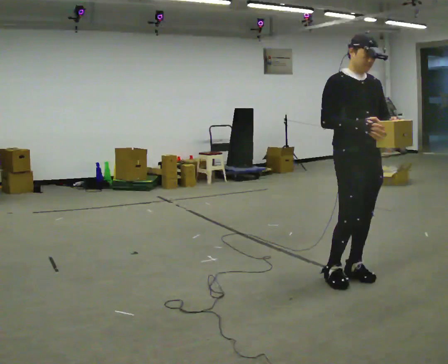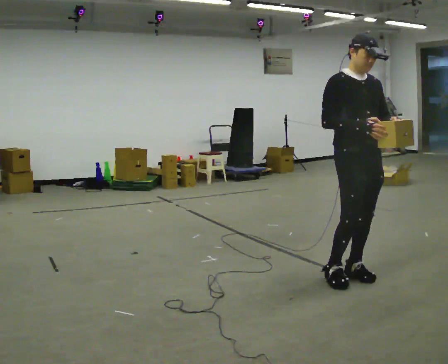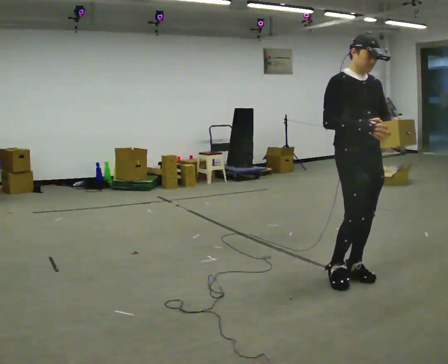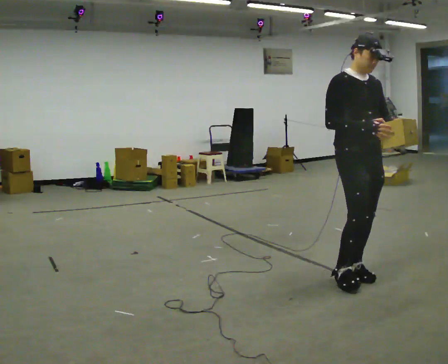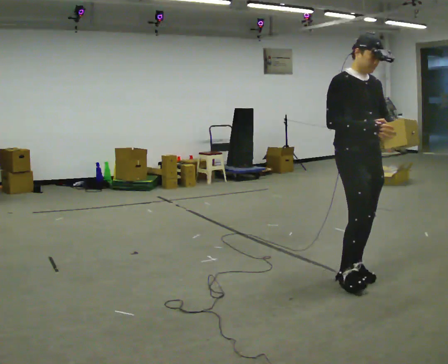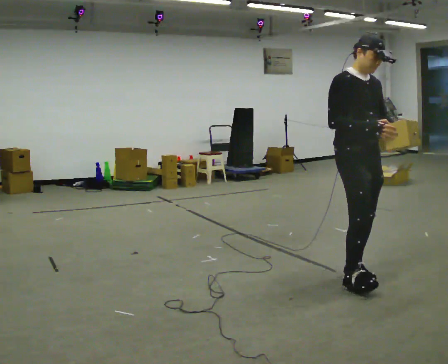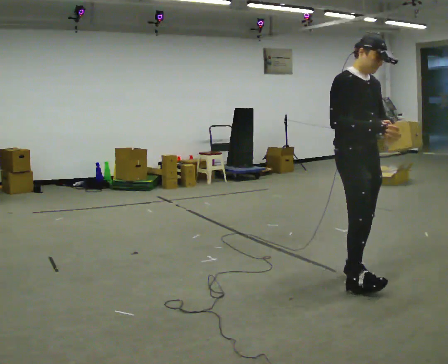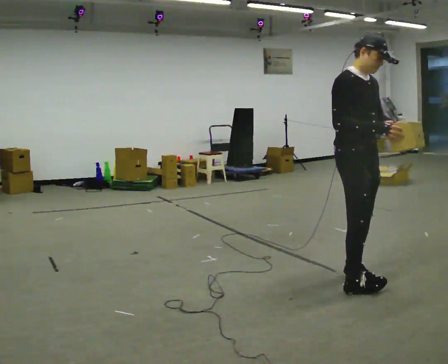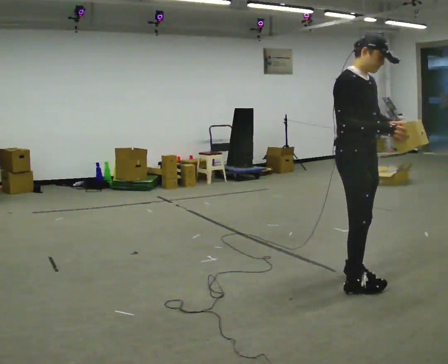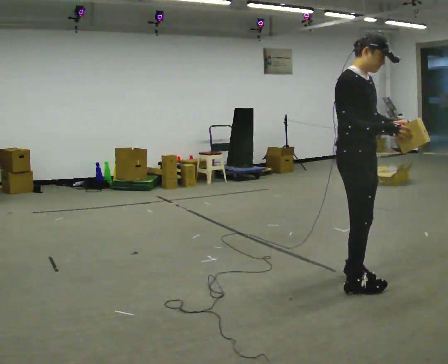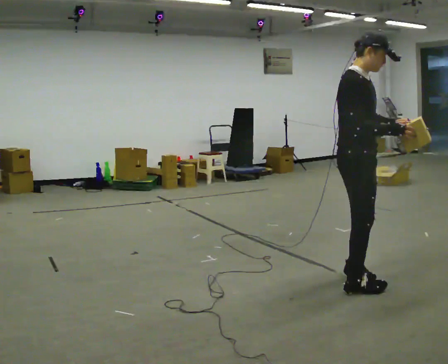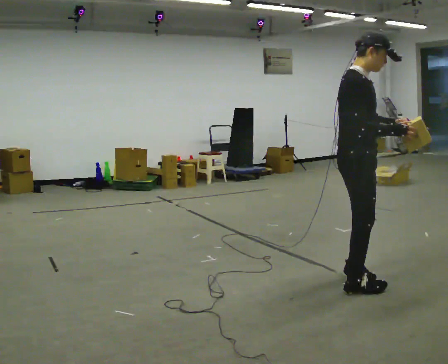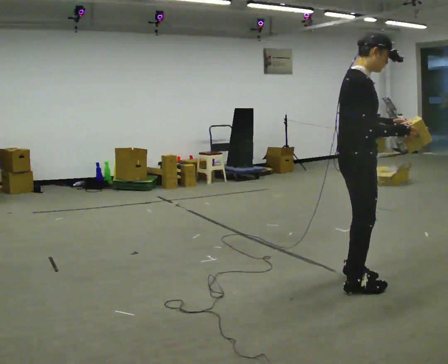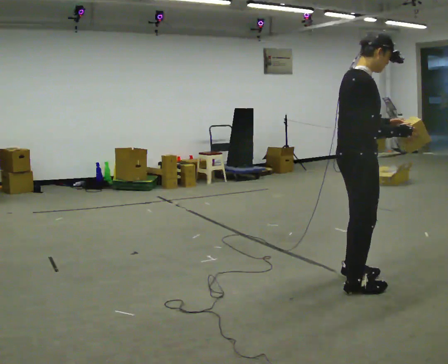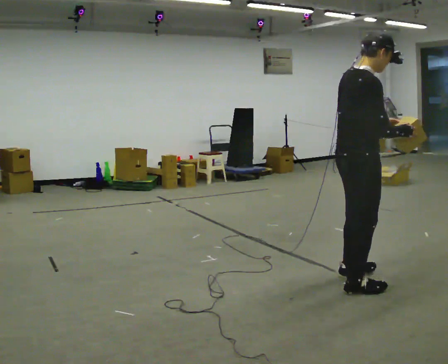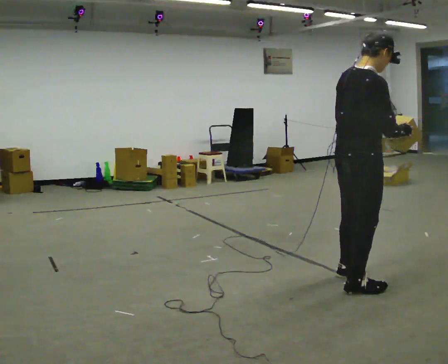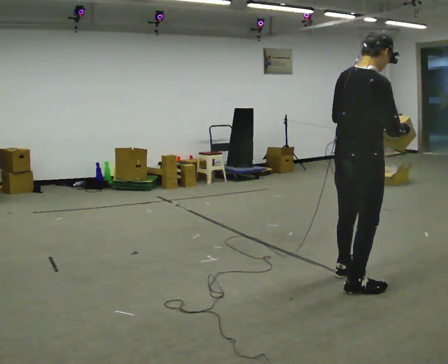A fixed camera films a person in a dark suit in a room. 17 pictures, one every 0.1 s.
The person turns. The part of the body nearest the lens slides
to the right.
The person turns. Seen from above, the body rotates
counterclockwise.
0.0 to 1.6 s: The person turns about 105 degrees to their left, counterclockwise seen from above, so the part of the body nearest the lens slides to the right. In the picture they go toward the camera, about 0.25 m in 1 step.
The film runs forward here.
